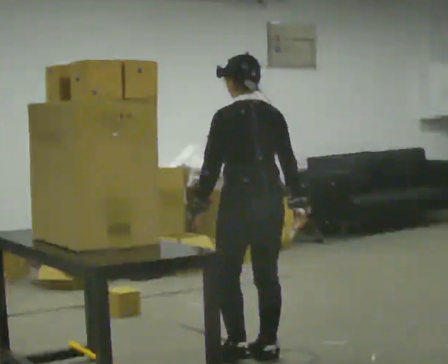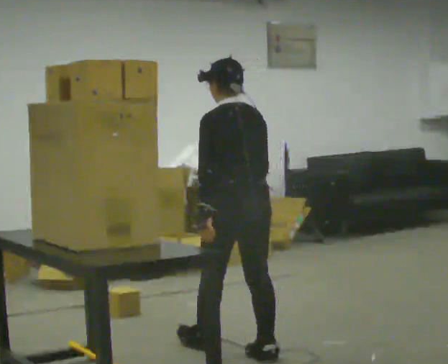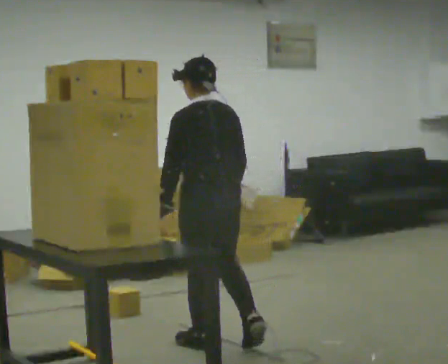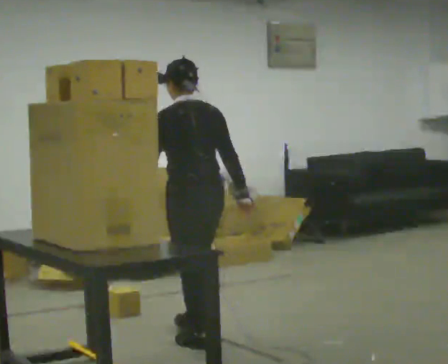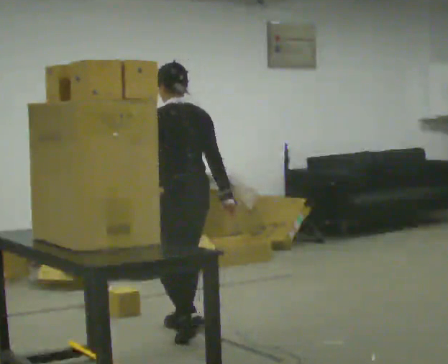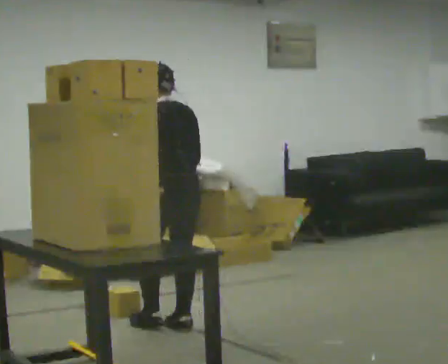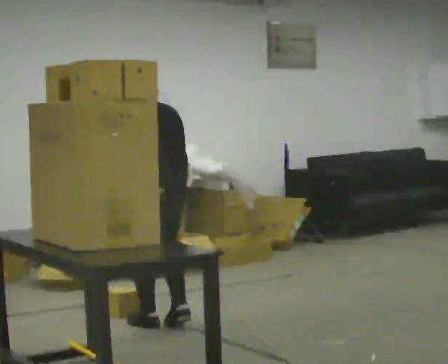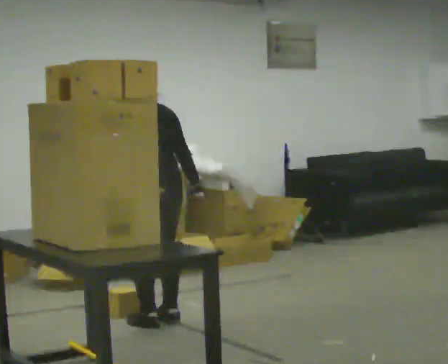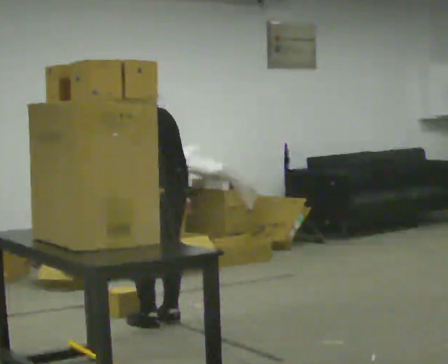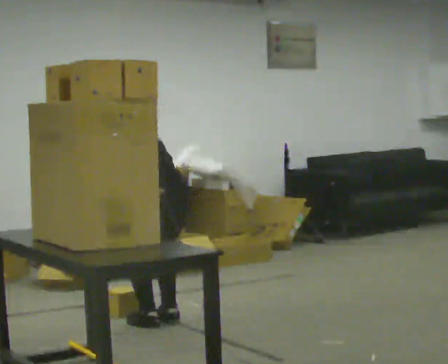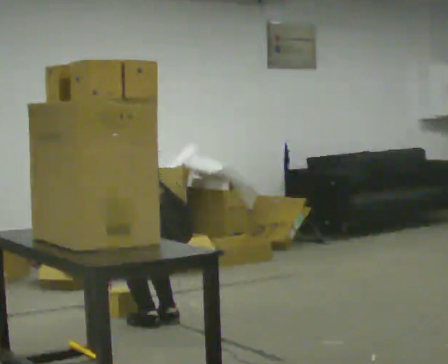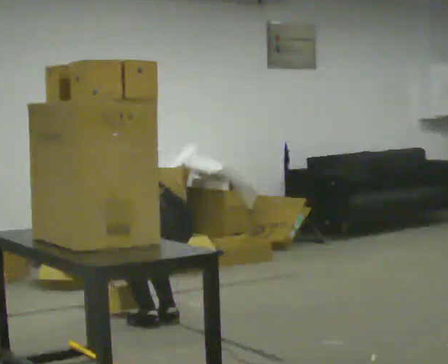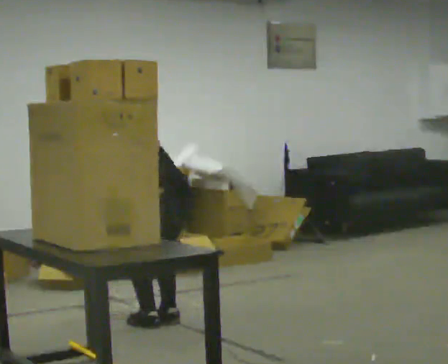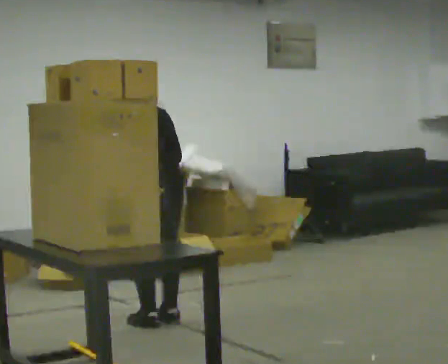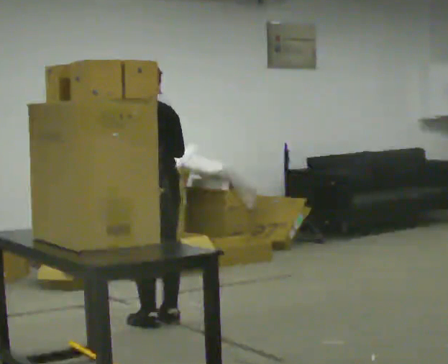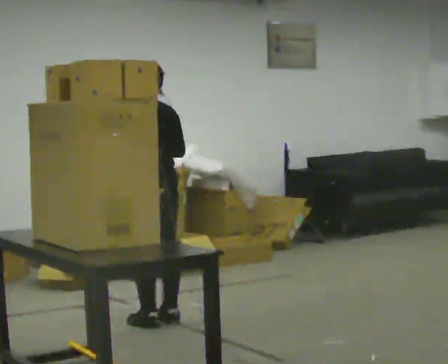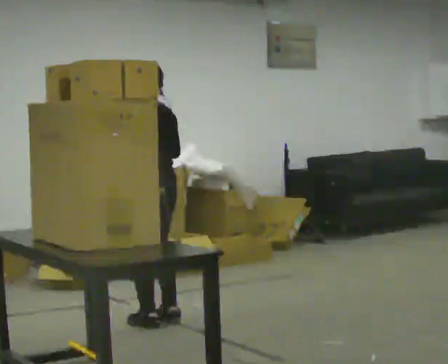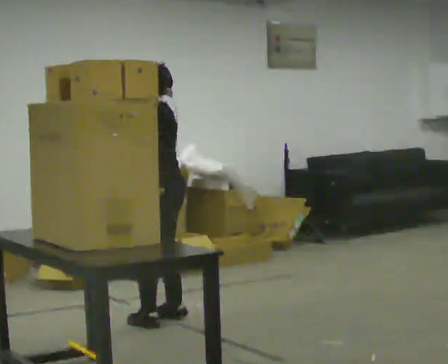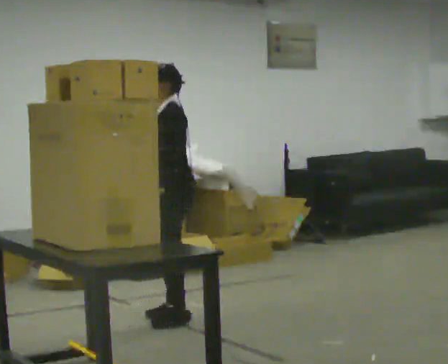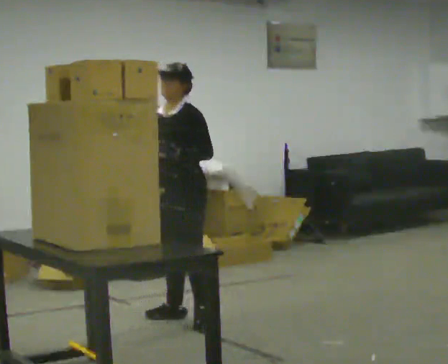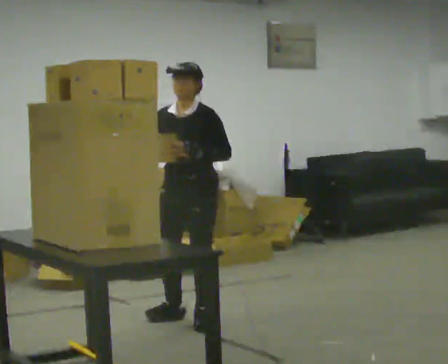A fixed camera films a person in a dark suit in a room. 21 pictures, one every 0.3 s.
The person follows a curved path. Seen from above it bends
clockwise.
The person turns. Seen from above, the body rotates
counterclockwise.
0.0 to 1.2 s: In the picture they go away from the camera and to the left, about 0.75 m in 2 steps, which for them is forward.
1.2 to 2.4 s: In the picture they go away from the camera, about 0.25 m in 2 steps, which for them is forward.
2.4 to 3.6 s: The person moves a little, or ends about where they began.
3.6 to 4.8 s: The upper body goes upward. The upper body tips toward the camera, its near side rolling downward, as they lean back or straighten. In the picture their right hand goes upward.
4.8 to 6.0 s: The part of the body nearest the lens slides to the right as the person turns to their left by about 105 degrees. In the picture they go to the right, about 0.25 m in 1 step. In the picture their left hand goes to the right.
The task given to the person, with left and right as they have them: Pick an object up off the floor, carry it across the room, and place it on the highest shelf you can comfortably reach. Keep going until the operator says stop; one object at a time, and do not rush between trips.
The film runs forward here.
